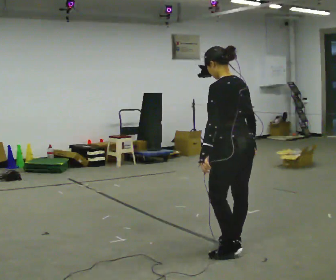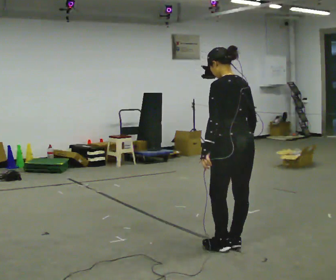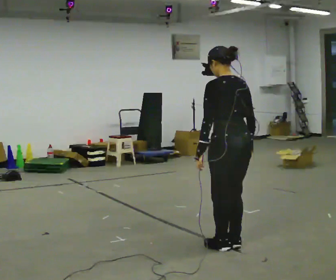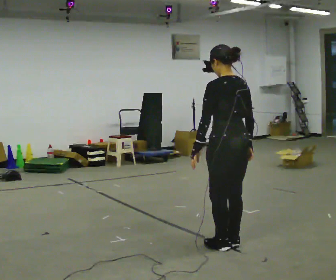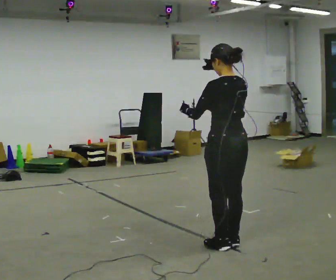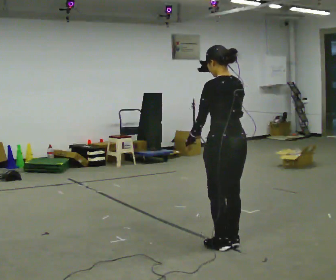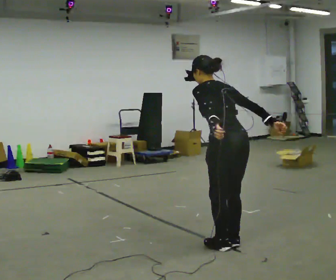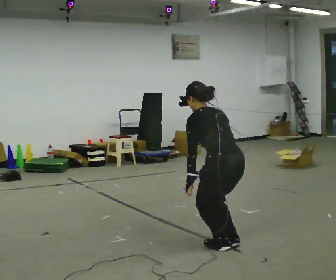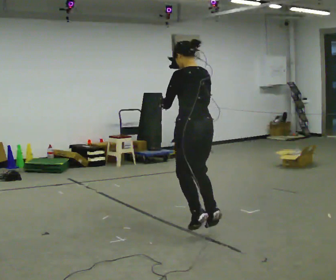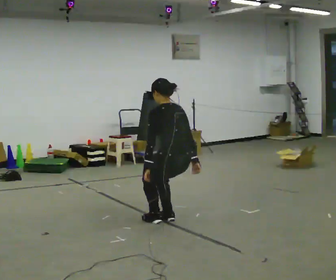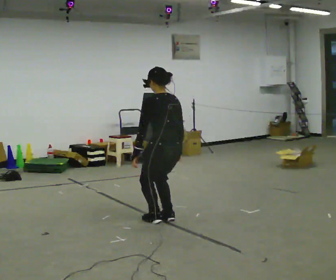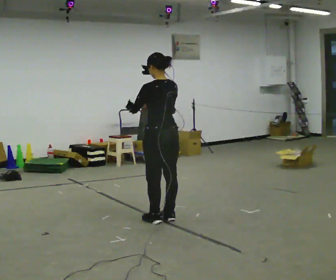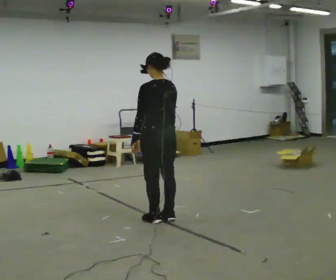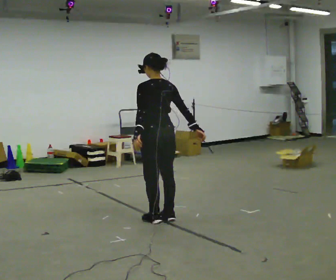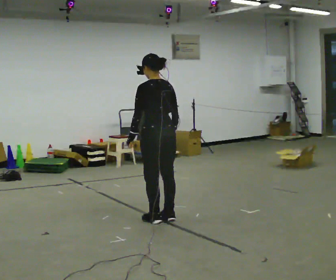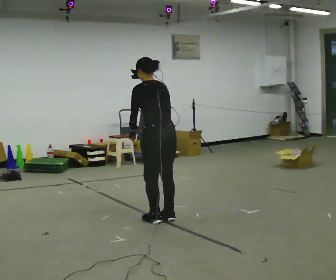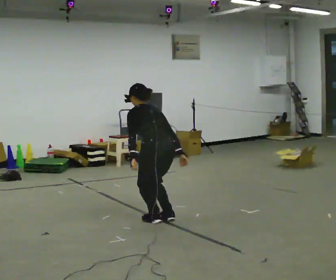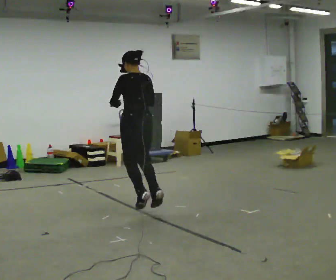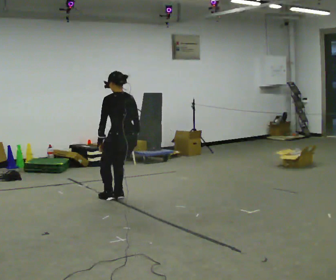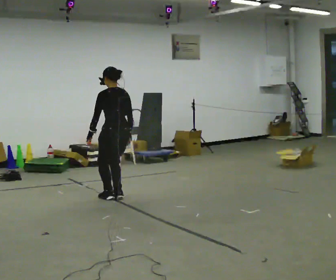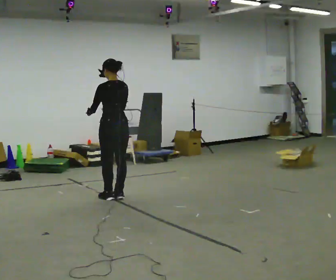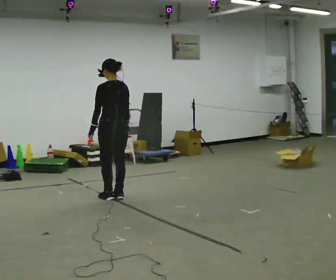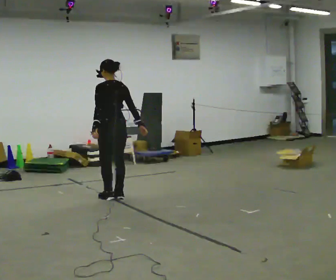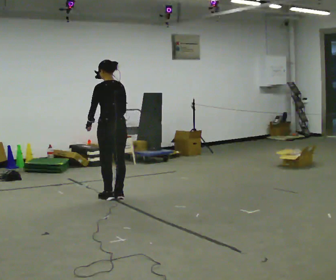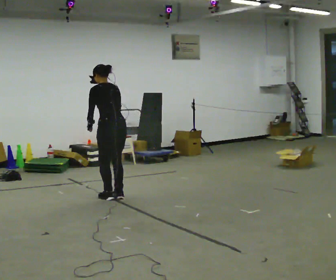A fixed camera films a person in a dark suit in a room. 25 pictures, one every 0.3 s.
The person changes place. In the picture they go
away from the camera.
0.0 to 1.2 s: The person moves a little, or ends about where they began.
1.2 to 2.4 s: In the picture they go away from the camera and to the left, about 0.5 m, which for them is forward.
2.4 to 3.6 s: In the picture they go away from the camera and to the left, about 0.5 m in 2 steps, which for them is forward. In the picture their right hand goes downward.
3.6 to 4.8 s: The shoulders move downward. The upper body tips away from the camera, its near side rolling upward, as they bend forward.
4.8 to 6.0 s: In the picture they go away from the camera and to the left, about 1 m in 2 steps, which for them is forward. The upper body tips toward the camera, its near side rolling downward, as they lean back or straighten. In the picture their left hand goes upward.
6.0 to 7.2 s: The upper body tips away from the camera, its near side rolling upward, as they bend forward.
The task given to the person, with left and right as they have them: Skip forward across the room at a comfortable pace.
The film runs forward here.
